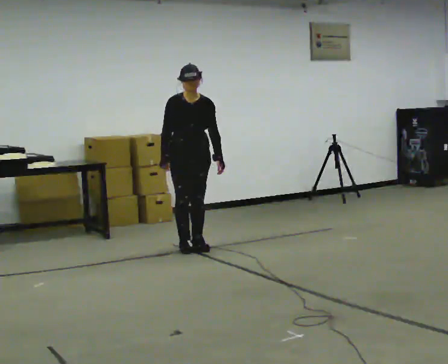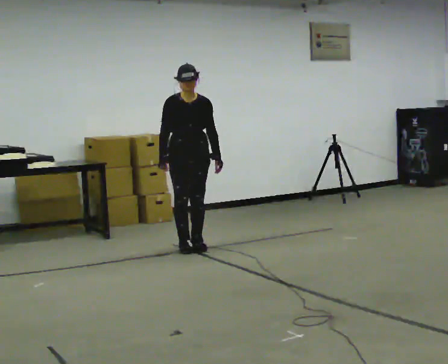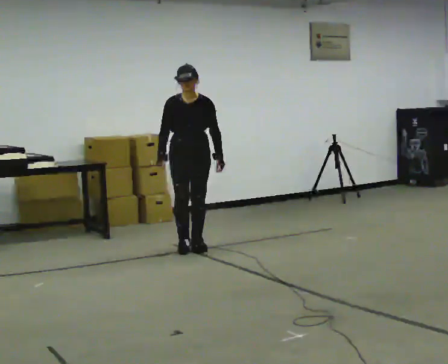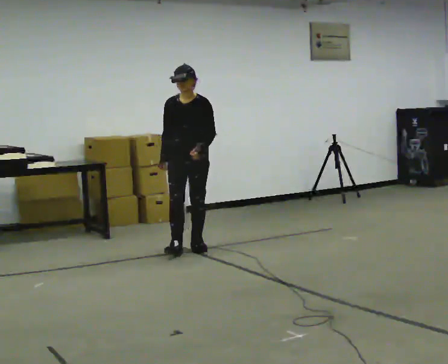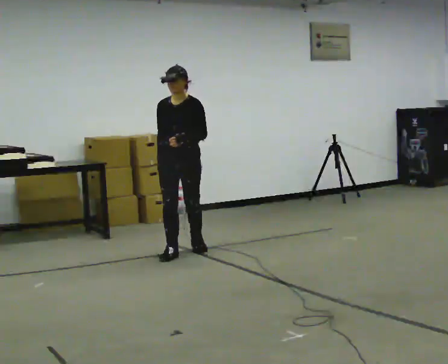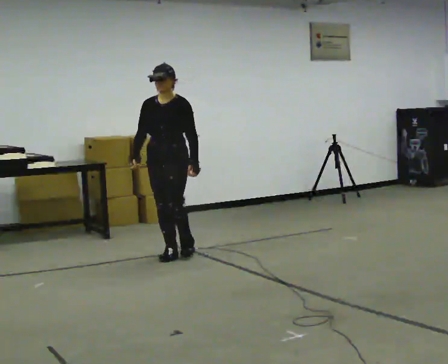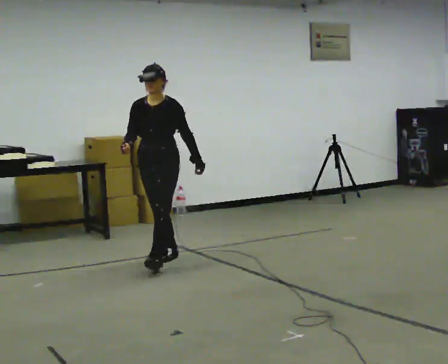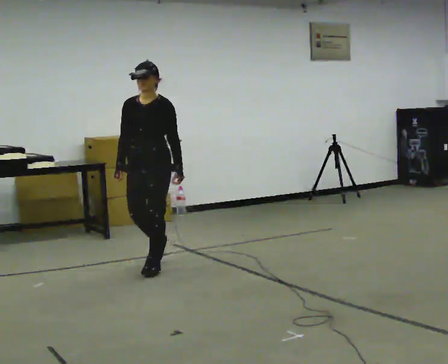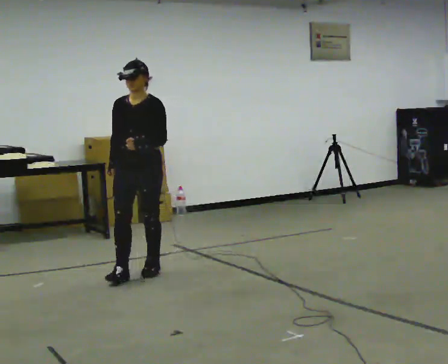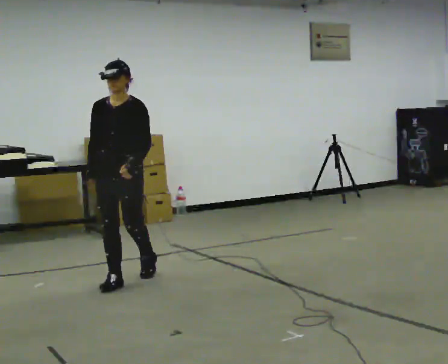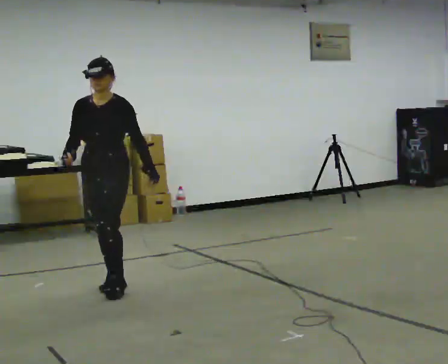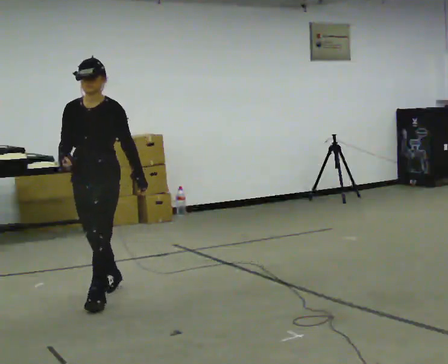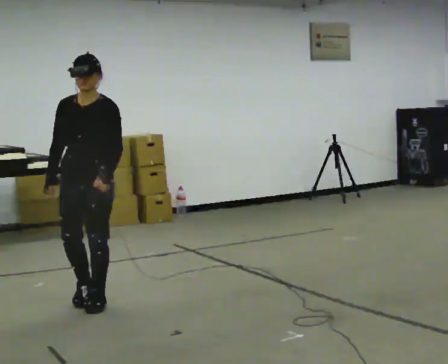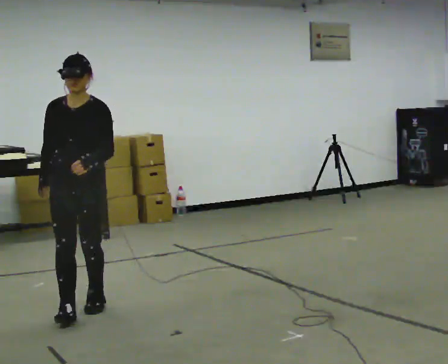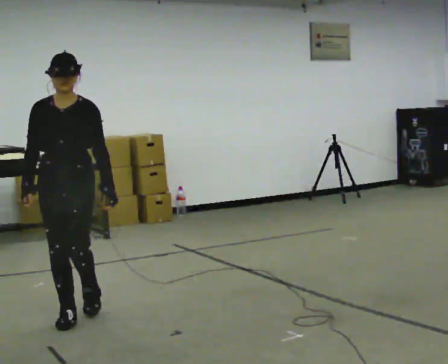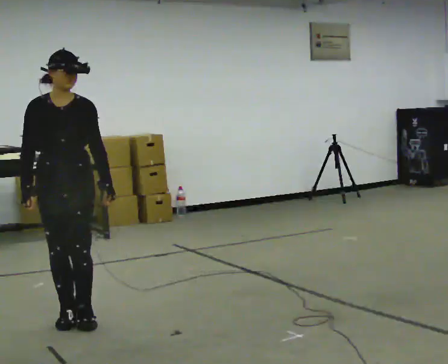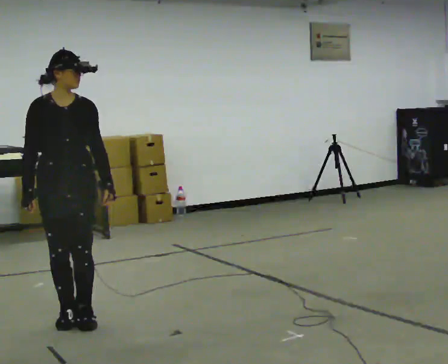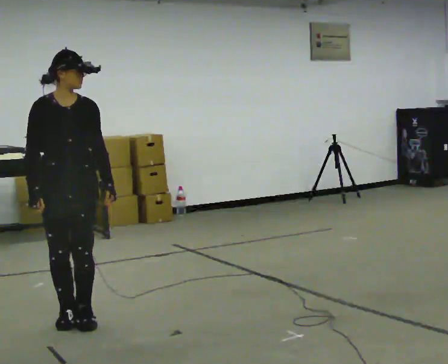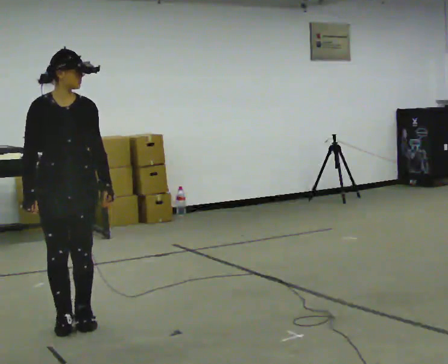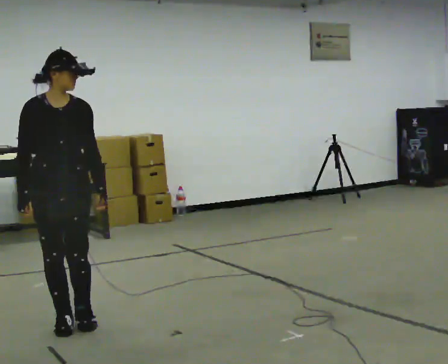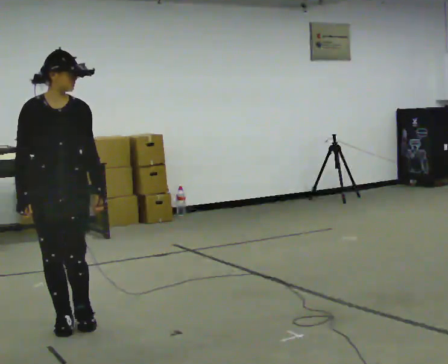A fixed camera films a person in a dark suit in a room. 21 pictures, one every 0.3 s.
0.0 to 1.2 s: The part of the body nearest the lens slides to the left as the person turns to their right by about 30 degrees. In the picture they go toward the camera, about 0.25 m in 1 step, which for them is forward. In the picture their left hand goes to the left.
1.2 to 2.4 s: In the picture they go toward the camera and to the left, about 1 m in 1 step, which for them is forward.
2.4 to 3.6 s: In the picture they go toward the camera and to the left, about 1 m in 2 steps, which for them is forward.
3.6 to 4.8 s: The part of the body nearest the lens slides to the right as the person turns to their left by about 30 degrees. In the picture they go toward the camera, about 0.25 m in 2 steps, which for them is forward.
4.8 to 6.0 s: The person moves a little, or ends about where they began.
The film runs forward here.
